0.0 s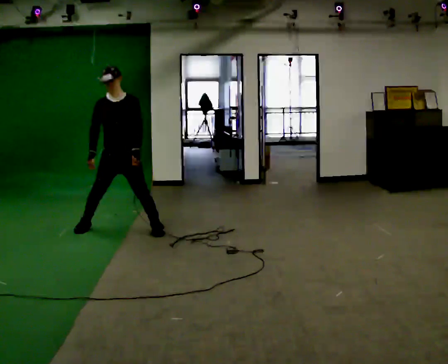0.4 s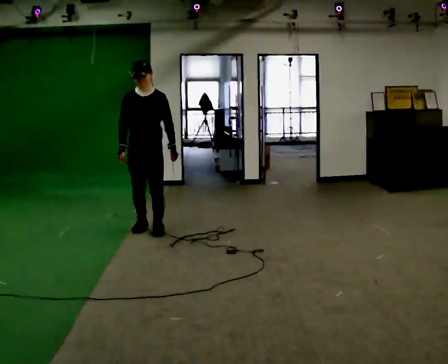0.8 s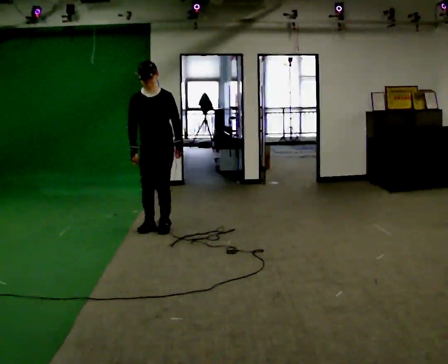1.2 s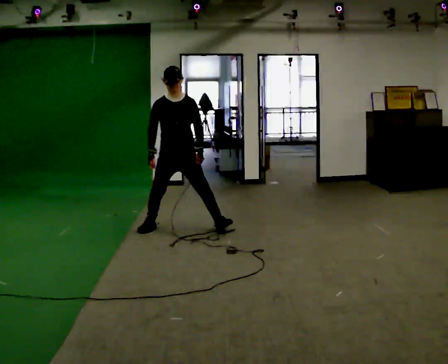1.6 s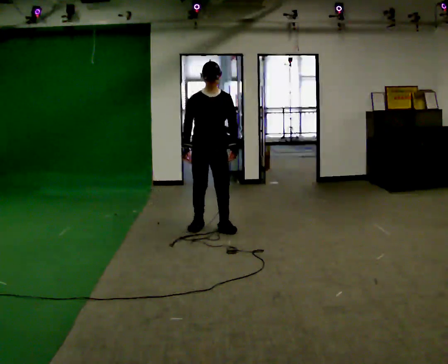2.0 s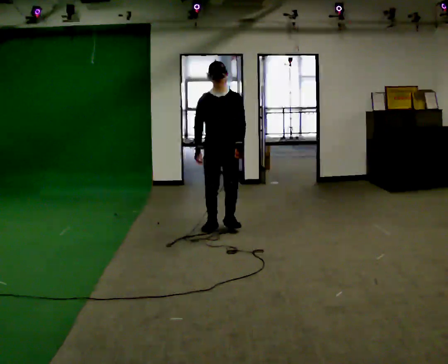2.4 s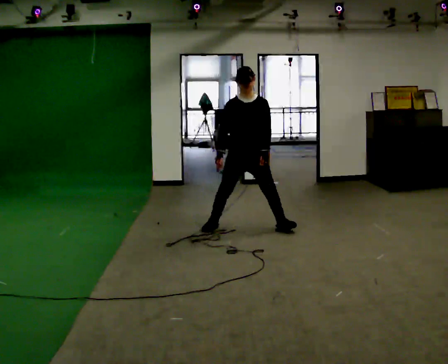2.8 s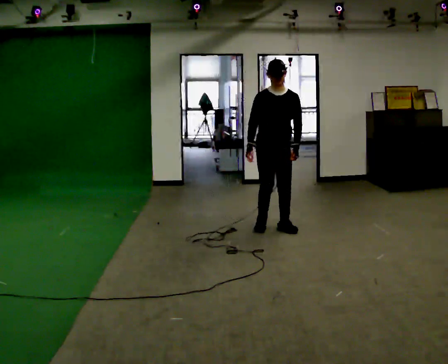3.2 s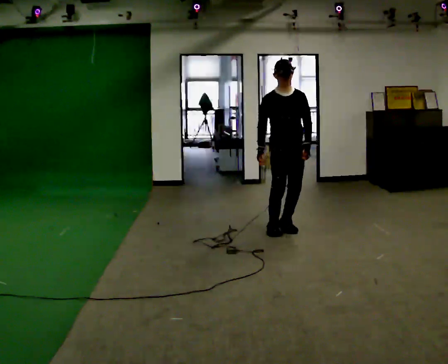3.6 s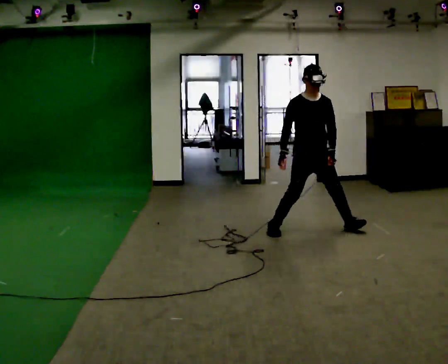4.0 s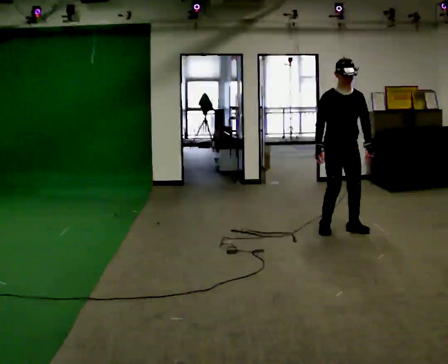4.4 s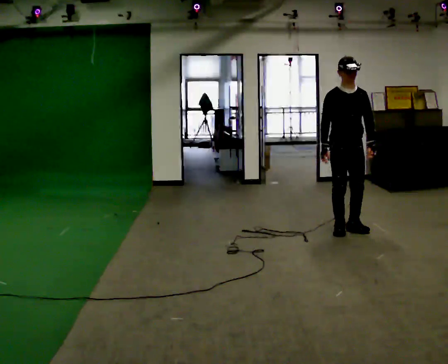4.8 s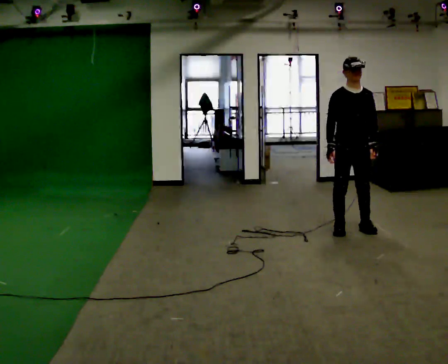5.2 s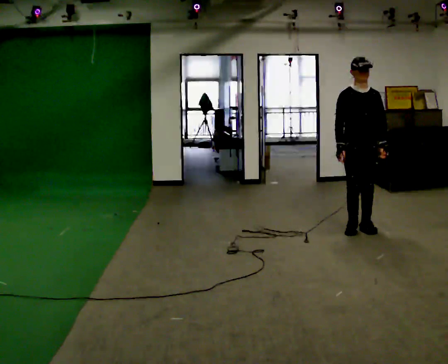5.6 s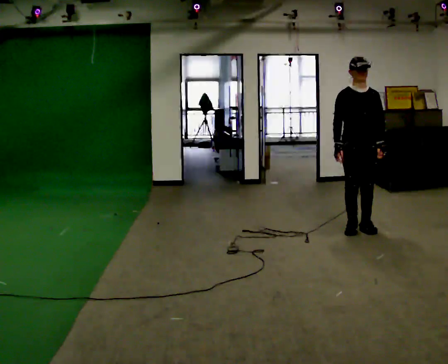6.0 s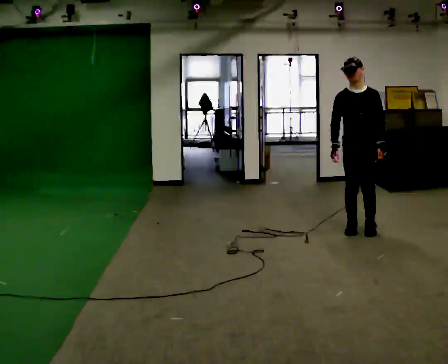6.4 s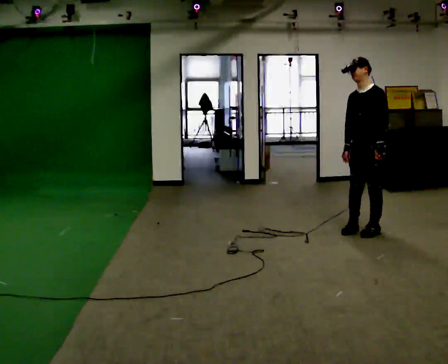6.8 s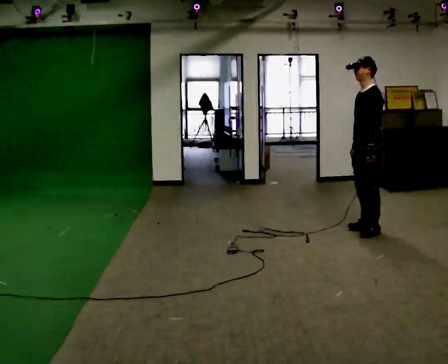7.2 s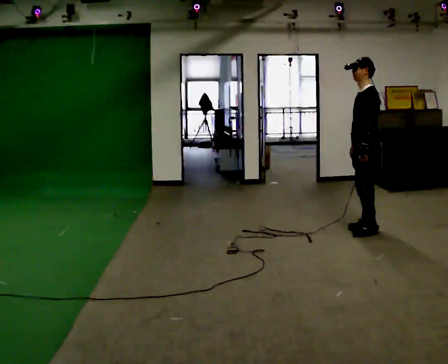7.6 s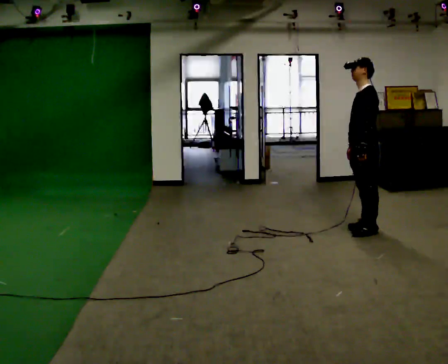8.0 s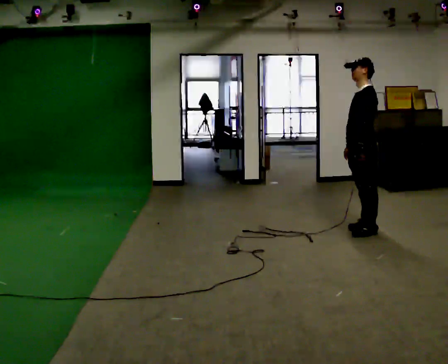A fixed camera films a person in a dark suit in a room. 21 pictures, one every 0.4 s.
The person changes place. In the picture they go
to the right.
0.0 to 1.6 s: In the picture they go to the right and away from the camera, about 1 m in 2 steps, which for them is to their left.
1.6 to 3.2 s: In the picture they go to the right, about 1 m in 3 steps, which for them is to their left.
3.2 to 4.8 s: In the picture they go to the right, about 0.5 m in 2 steps, which for them is to their left.
4.8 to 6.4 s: The part of the body nearest the lens slides to the left as the person turns to their right by about 60 degrees. In the picture they go to the right, about 0.25 m in 1 step.
6.4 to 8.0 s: Seen from above the body turns clockwise, about 45 degrees: to their right, with its near side sliding to the left.
The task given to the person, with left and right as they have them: Move laterally left/right for ~3 m; natural controlled steps; stop.
The film runs forward here.
